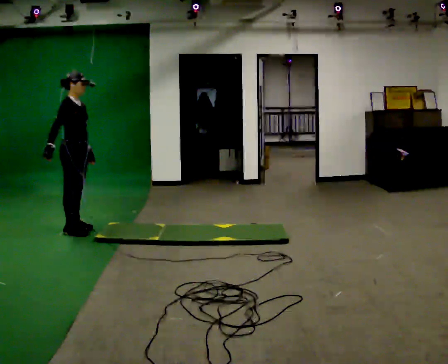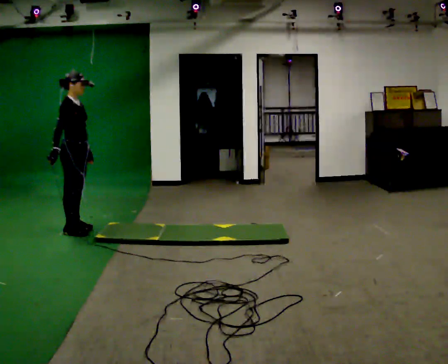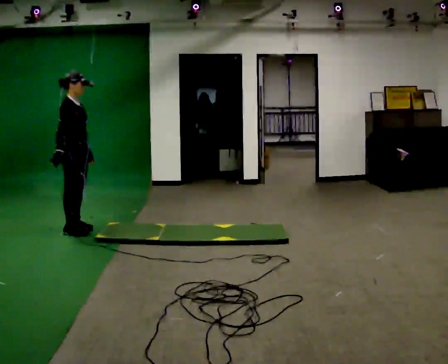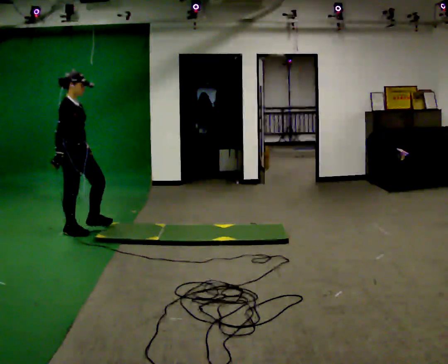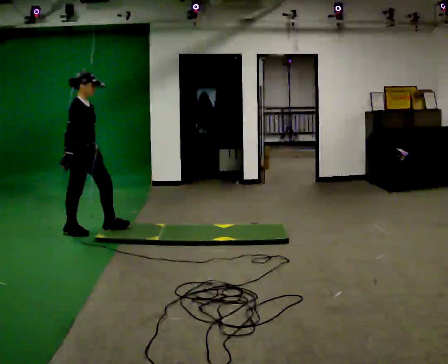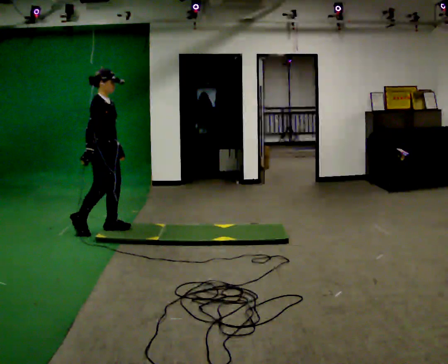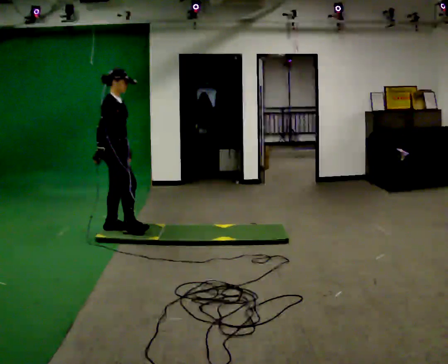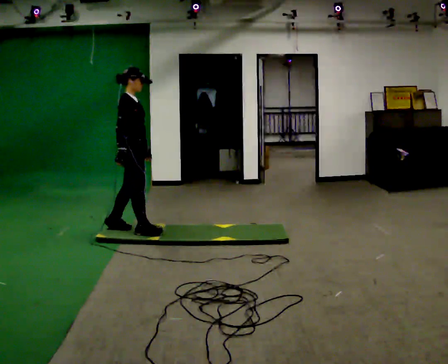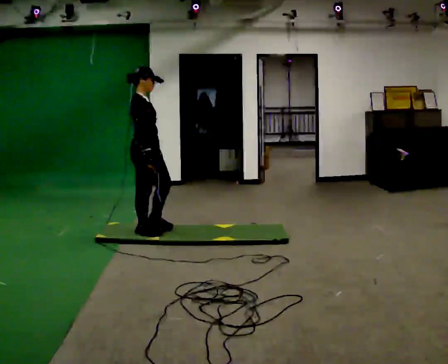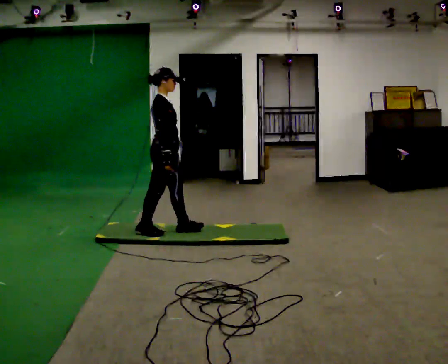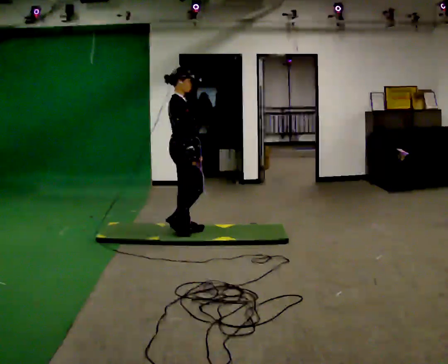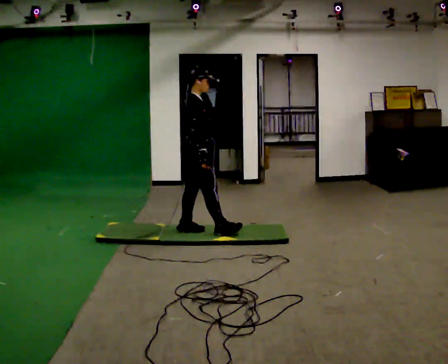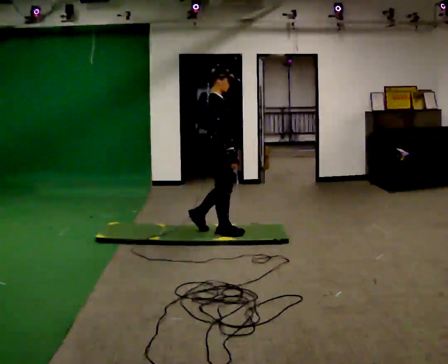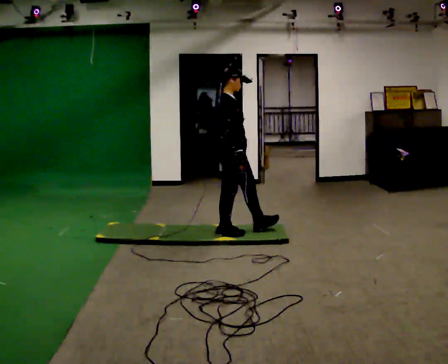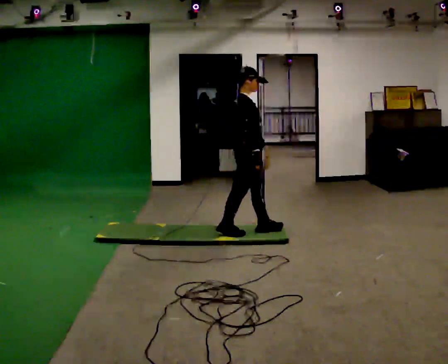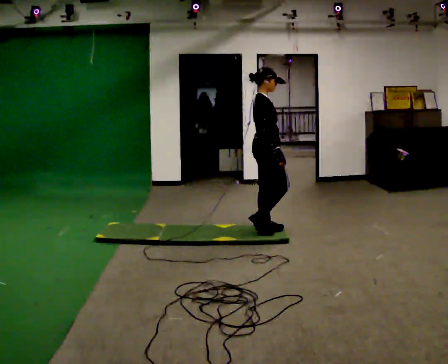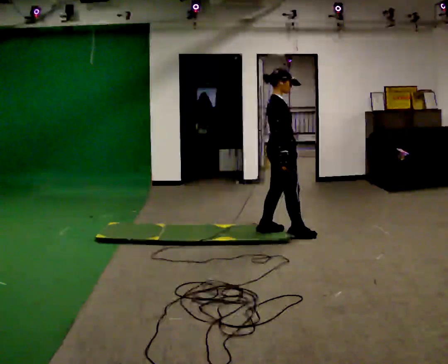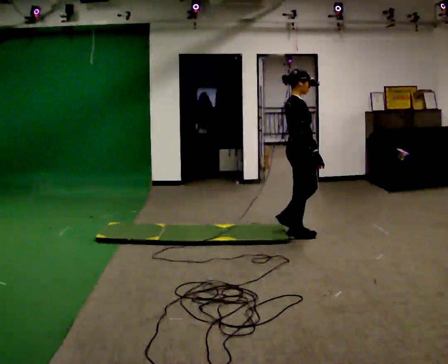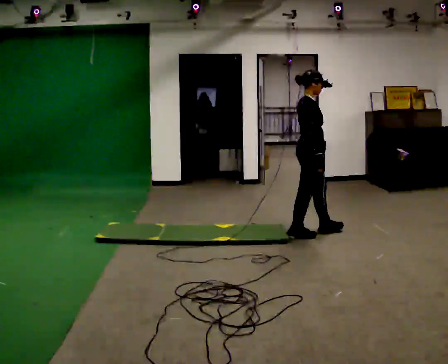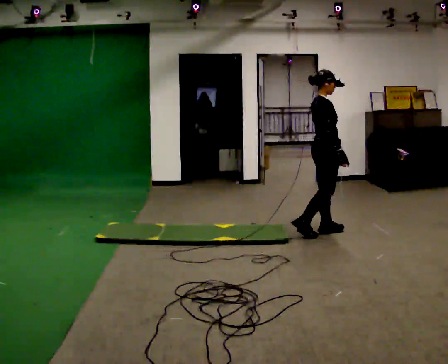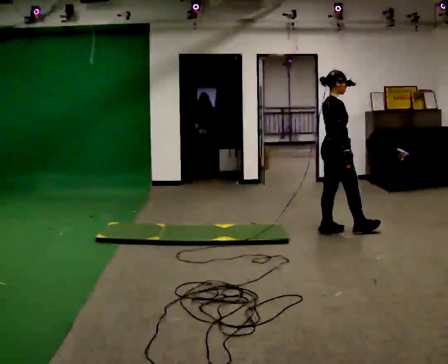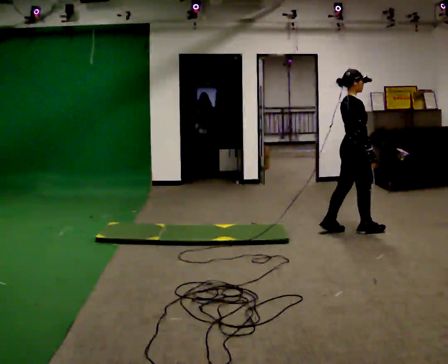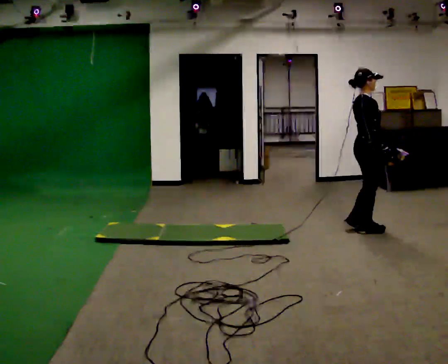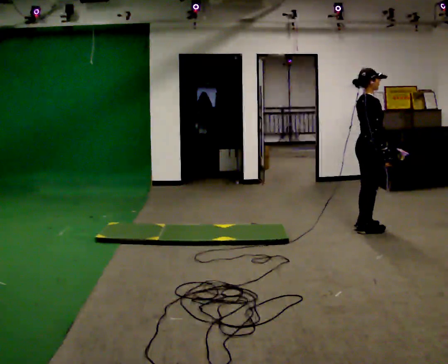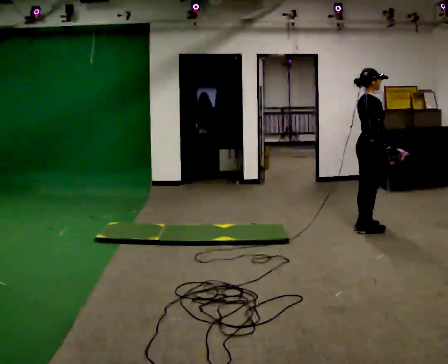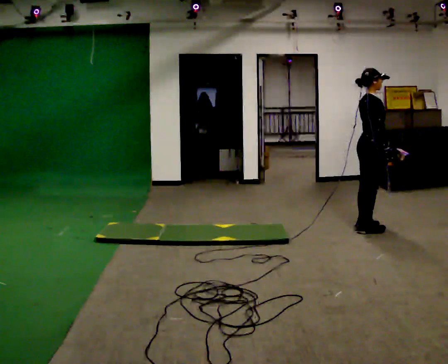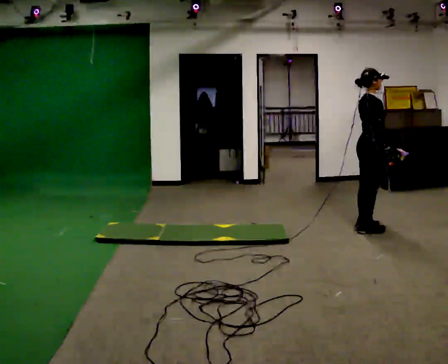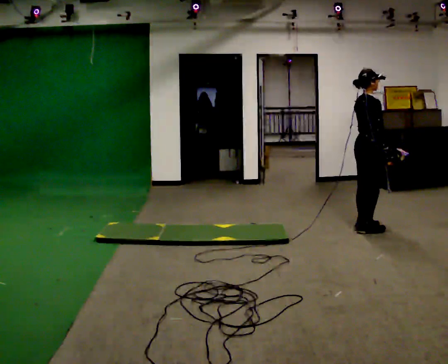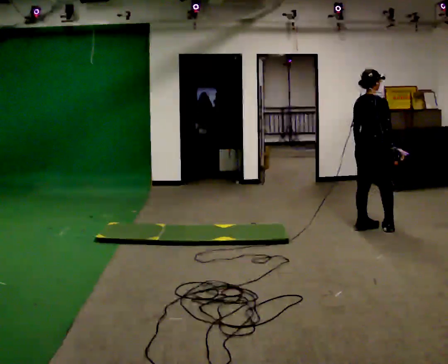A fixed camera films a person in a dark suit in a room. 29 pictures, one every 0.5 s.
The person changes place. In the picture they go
to the right.
0.0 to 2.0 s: The person moves a little, or ends about where they began.
2.0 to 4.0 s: In the picture they go to the right, about 0.5 m in 1 step, which for them is forward.
4.0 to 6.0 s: In the picture they go to the right, about 0.5 m in 2 steps, which for them is forward.
6.0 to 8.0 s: In the picture they go to the right, about 0.5 m in 2 steps, which for them is forward.
8.0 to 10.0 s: In the picture they go to the right, about 0.5 m in 1 step, which for them is forward.
10.0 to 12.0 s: In the picture they go to the right, about 0.25 m in 2 steps, which for them is forward.
12.0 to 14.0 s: Seen from above the body turns counterclockwise, about 30 degrees: to their left, with its near side sliding to the right.
The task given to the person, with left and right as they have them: Walk across the soft uneven mat at a comfortable speed; continue walking normally after you leave it.
The film runs forward here.
